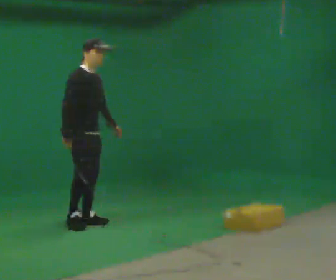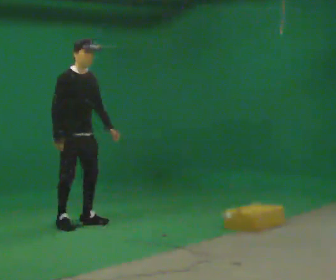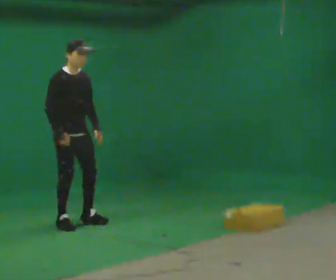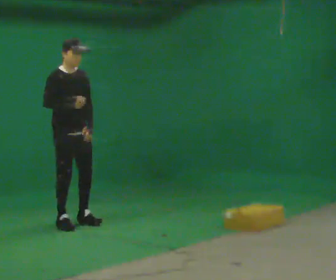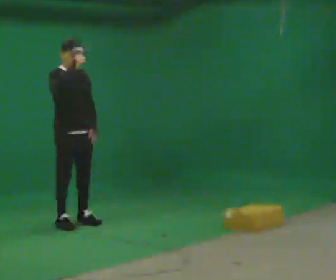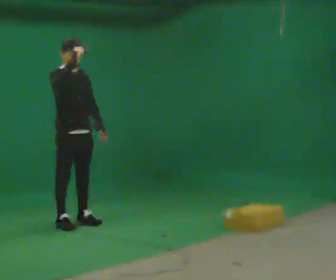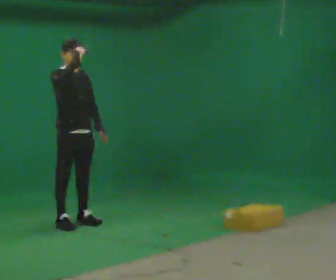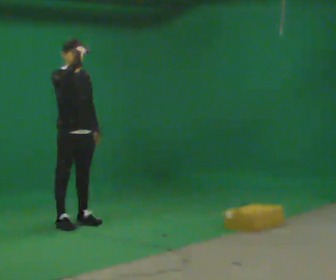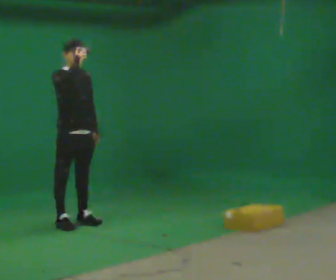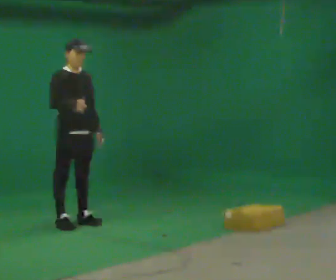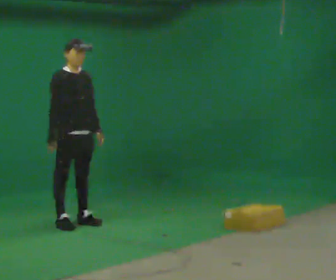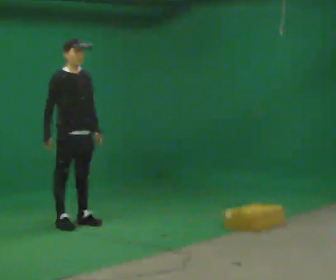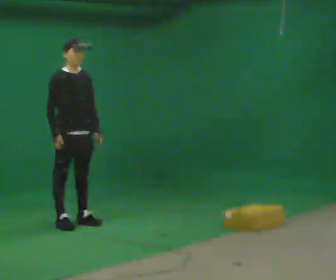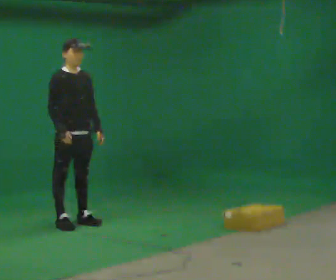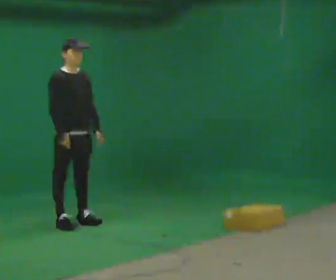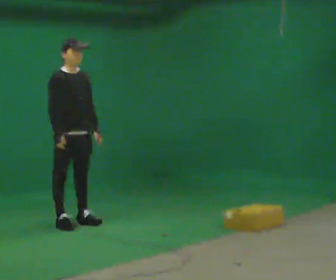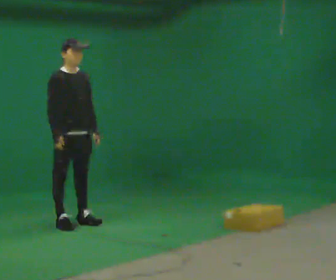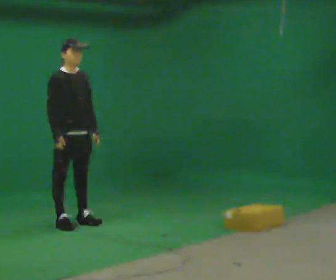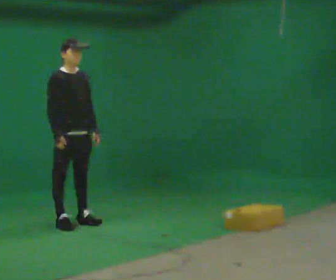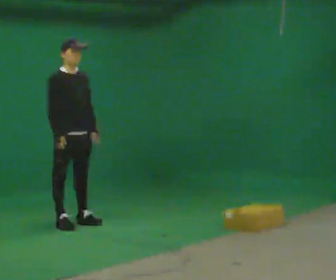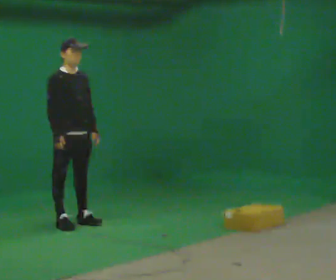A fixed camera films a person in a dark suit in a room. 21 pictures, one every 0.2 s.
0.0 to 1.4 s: In the picture their right hand goes upward.
1.4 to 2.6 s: In the picture their right hand goes downward.
2.6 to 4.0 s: The person moves a little, or ends about where they began.
The film runs forward here.
